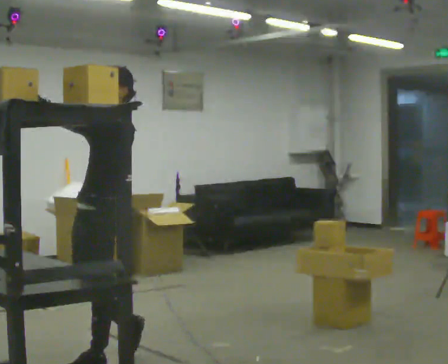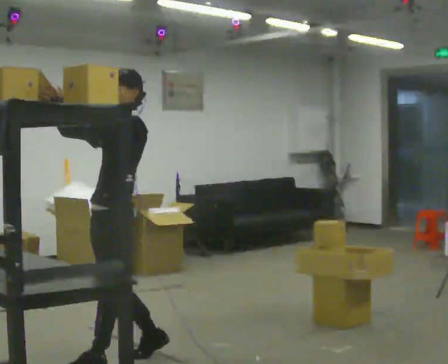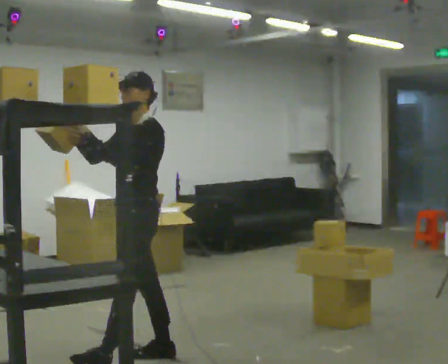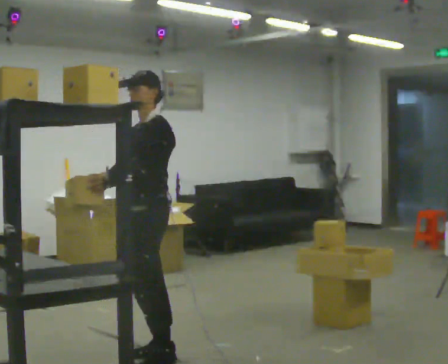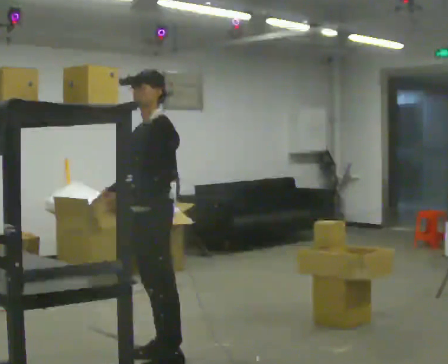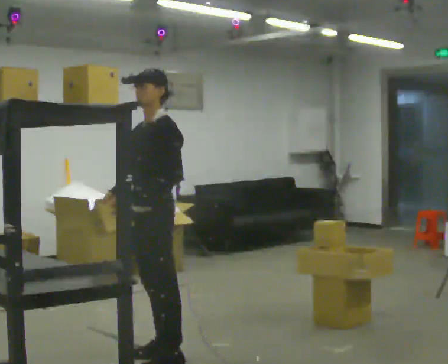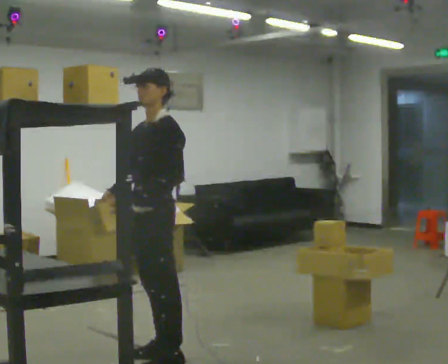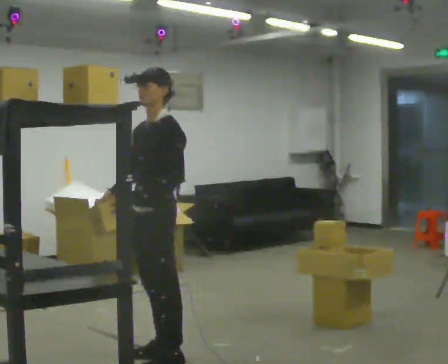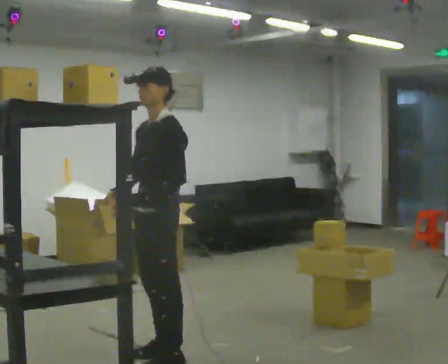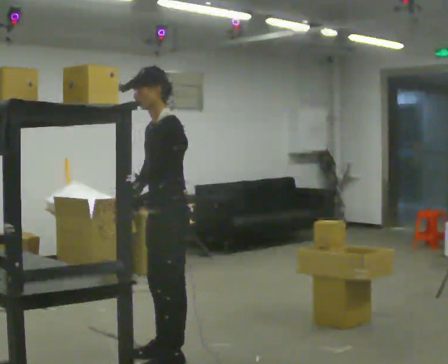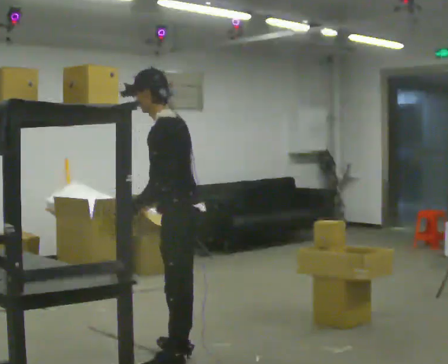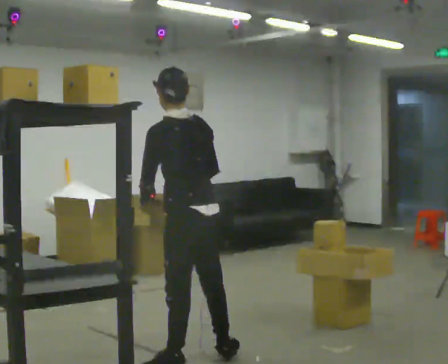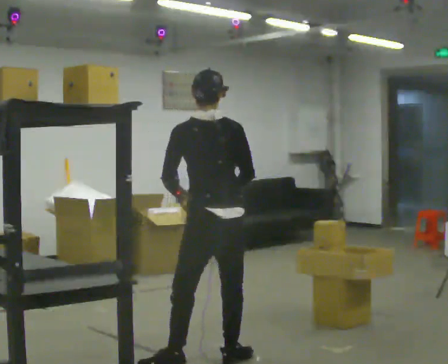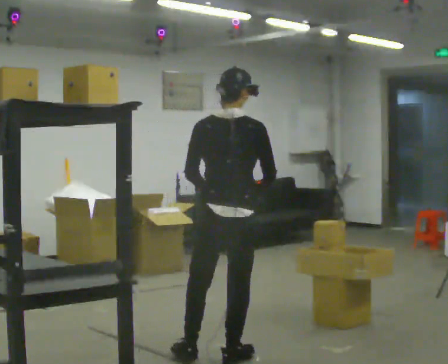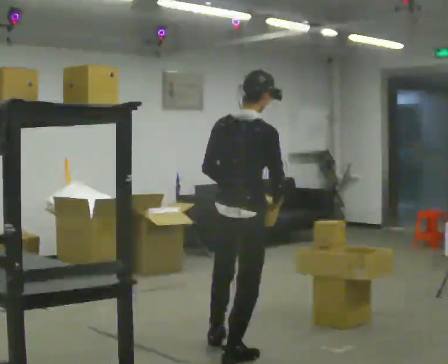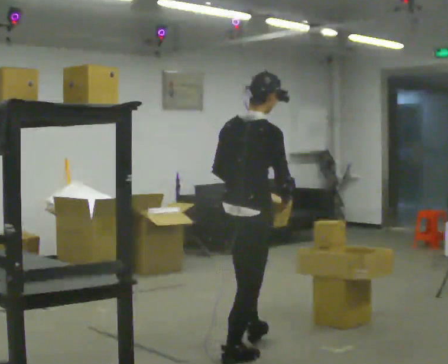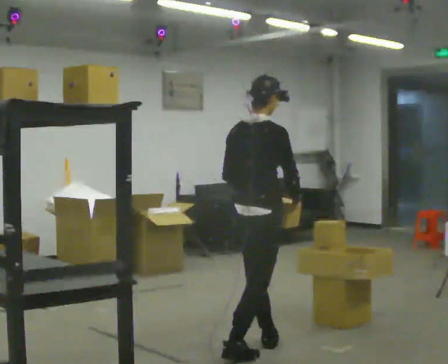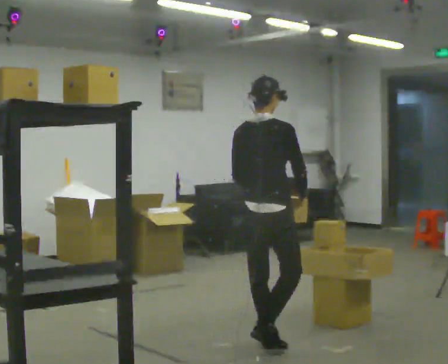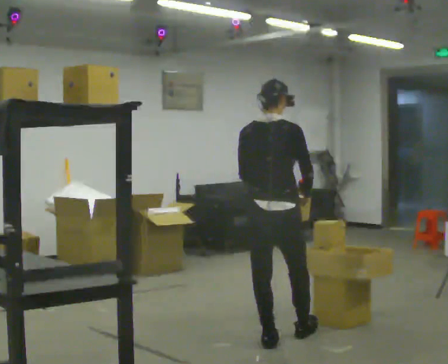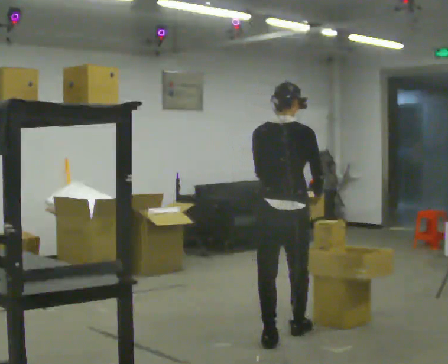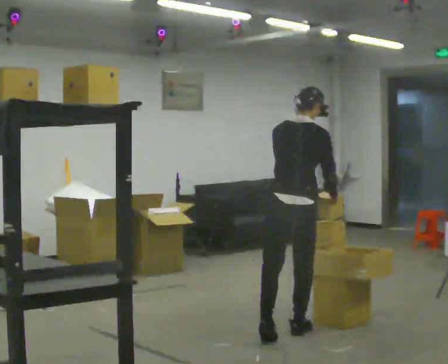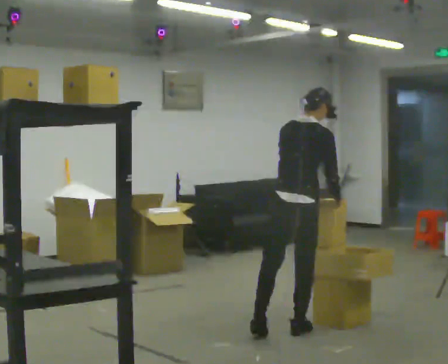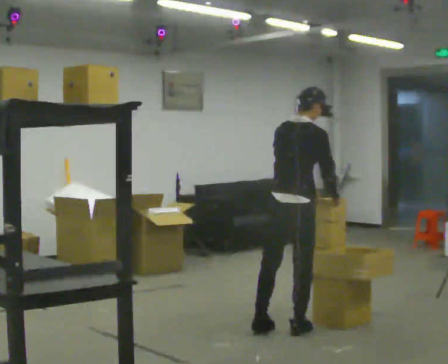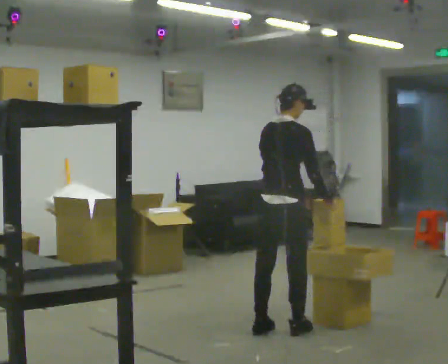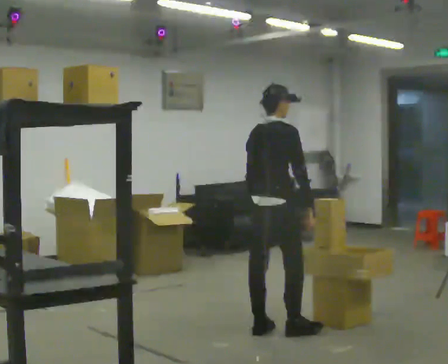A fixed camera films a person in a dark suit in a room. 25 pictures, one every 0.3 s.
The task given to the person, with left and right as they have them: Take an object from the waist-height shelf, carry it across the room, and place it on the highest shelf you can comfortably reach. Keep going until the operator says stop; one object at a time, and do not rush between trips.
0.0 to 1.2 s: In the picture they go to the right and away from the camera, about 0.25 m in 1 step, which for them is backward. In the picture their right hand goes downward, the arm swinging counterclockwise.
1.2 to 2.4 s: The person moves a little, or ends about where they began.
2.4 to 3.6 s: Seen from above the body turns clockwise, about 105 degrees: to their right, with its near side sliding to the left. In the picture they go to the right, about 0.25 m in 1 step.
3.6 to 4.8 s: Seen from above the body turns clockwise, about 60 degrees: to their right, with its near side sliding to the left. In the picture they go away from the camera and to the right, about 0.25 m in 1 step.
4.8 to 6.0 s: In the picture they go away from the camera and to the right, about 0.5 m in 1 step, which for them is forward.
6.0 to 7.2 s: In the picture they go to the left, about 0.25 m in 1 step, which for them is to their left.
The film runs forward here.
